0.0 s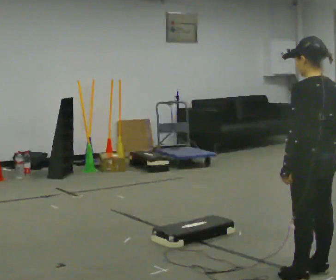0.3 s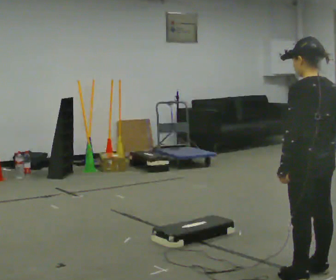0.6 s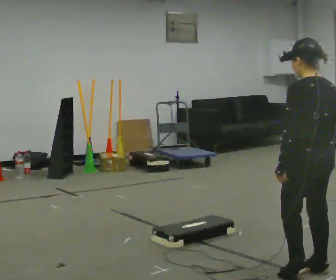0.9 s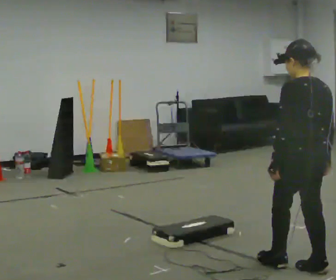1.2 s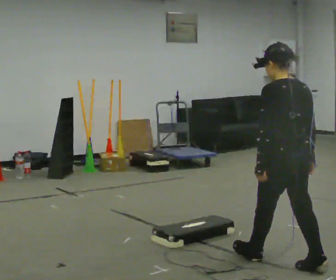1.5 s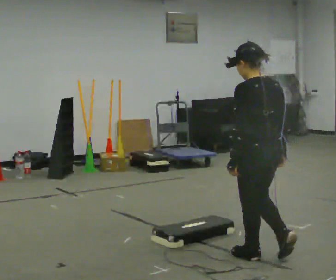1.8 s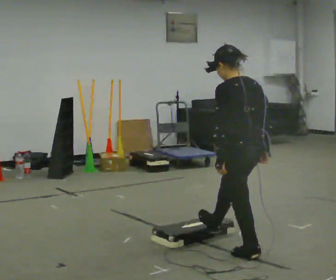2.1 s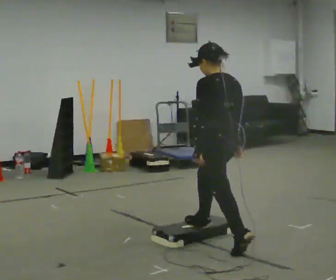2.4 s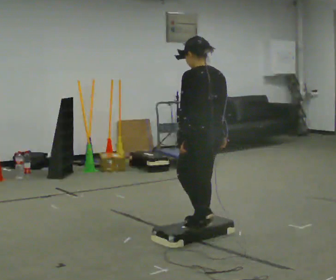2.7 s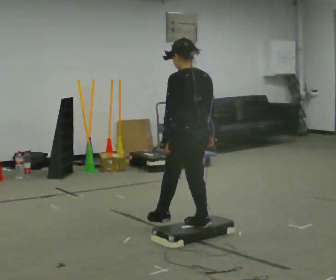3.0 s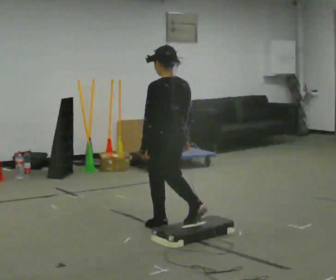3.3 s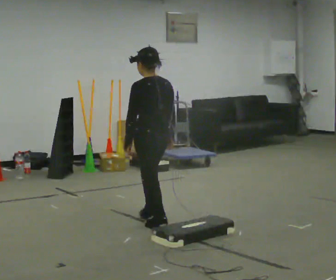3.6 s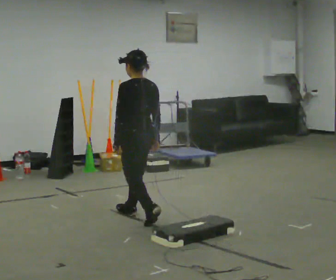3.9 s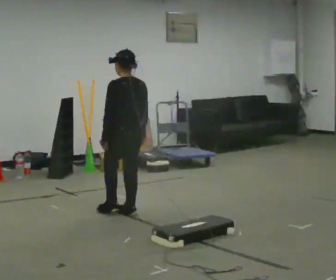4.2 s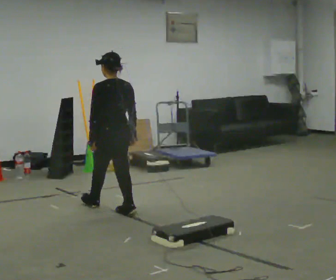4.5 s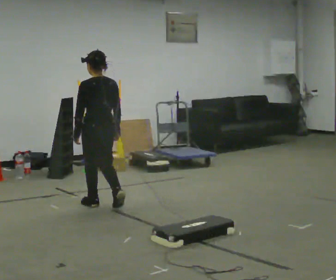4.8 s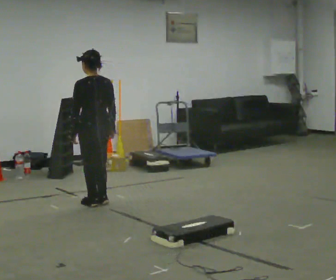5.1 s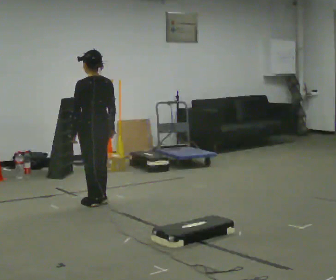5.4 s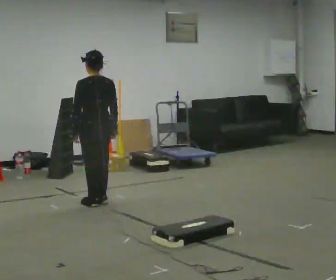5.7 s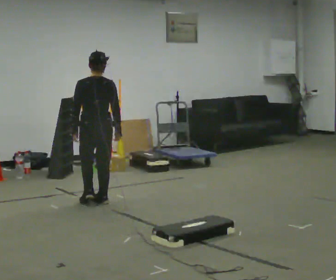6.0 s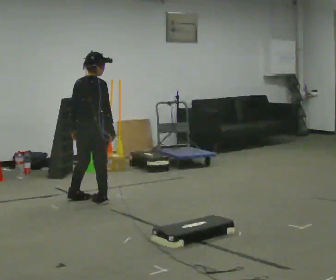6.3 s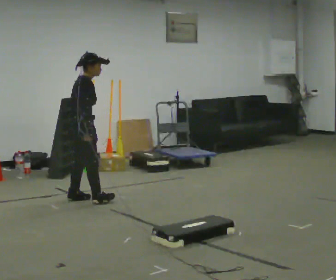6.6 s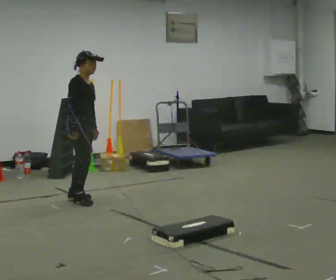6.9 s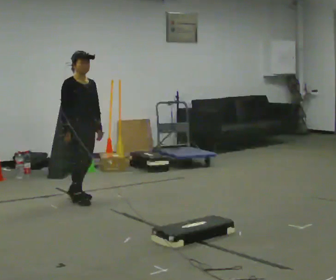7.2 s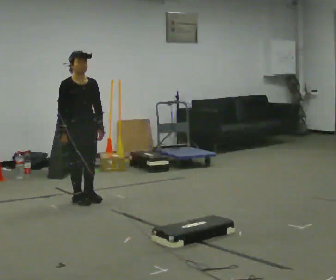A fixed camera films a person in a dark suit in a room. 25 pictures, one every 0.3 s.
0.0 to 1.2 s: In the picture they go away from the camera, about 0.25 m in 1 step, which for them is forward.
1.2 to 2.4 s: In the picture they go away from the camera and to the left, about 1 m in 1 step, which for them is forward.
2.4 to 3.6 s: In the picture they go away from the camera and to the left, about 1 m in 2 steps, which for them is forward.
3.6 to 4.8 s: In the picture they go away from the camera and to the left, about 0.5 m in 2 steps, which for them is forward.
4.8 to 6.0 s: The person turns about 75 degrees to their right, clockwise seen from above, so the part of the body nearest the lens slides to the left.
6.0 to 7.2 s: Seen from above the body turns clockwise, about 120 degrees: to their right, with its near side sliding to the left.
The film runs forward here.
